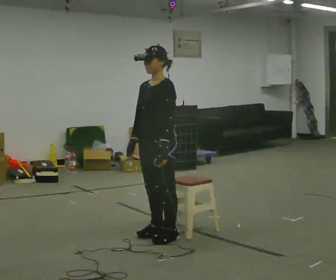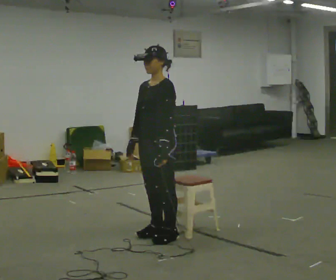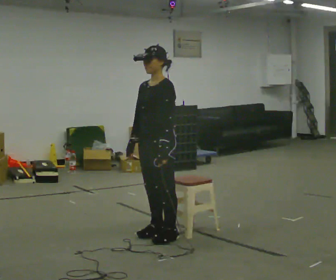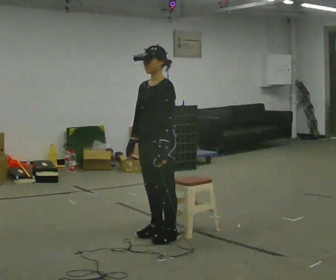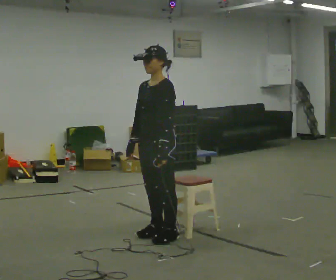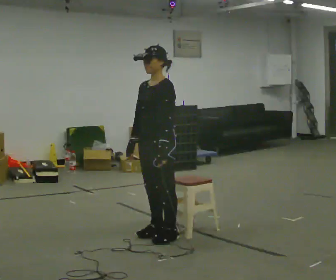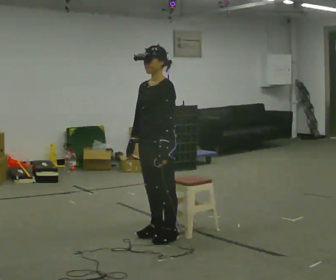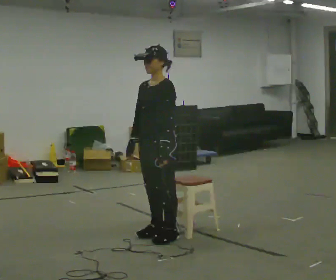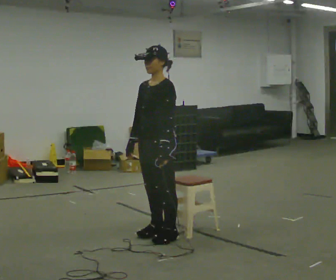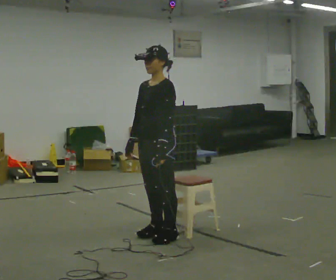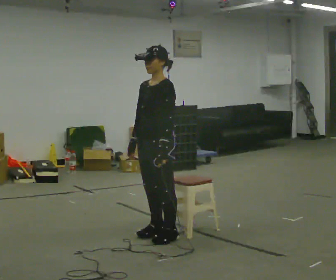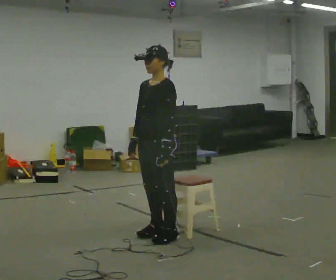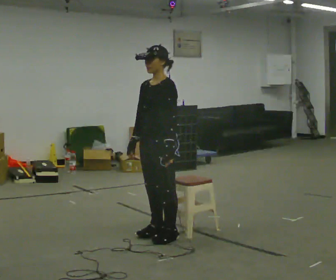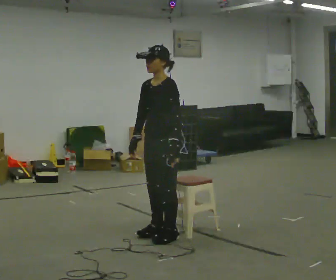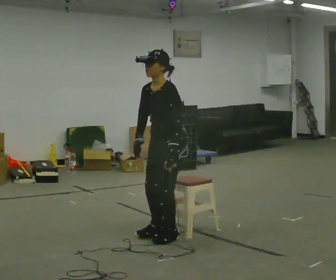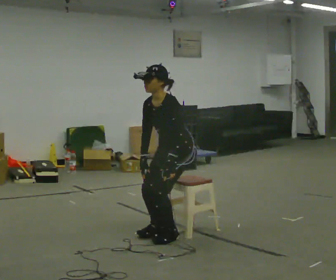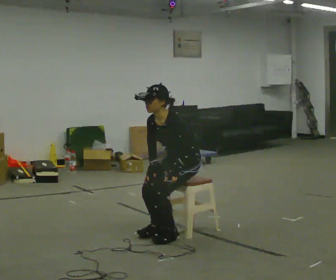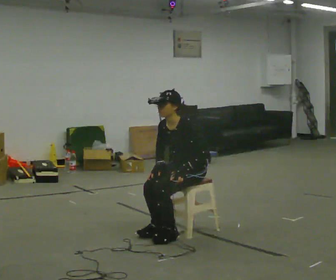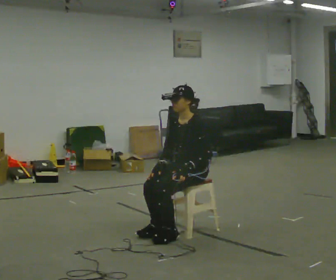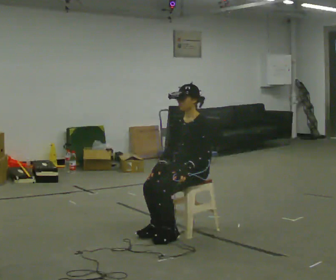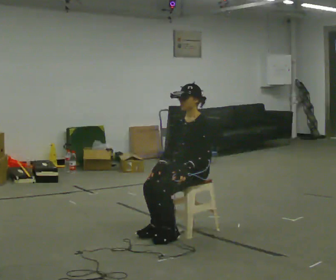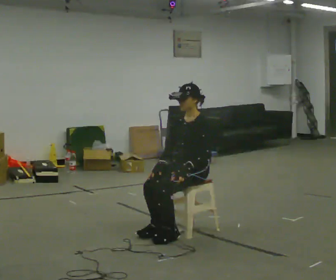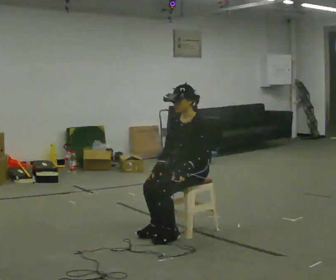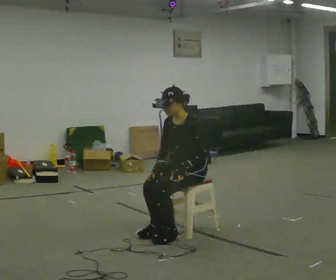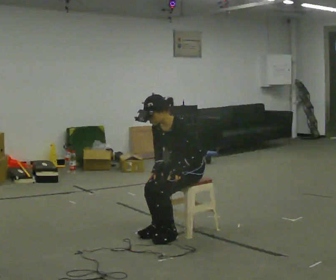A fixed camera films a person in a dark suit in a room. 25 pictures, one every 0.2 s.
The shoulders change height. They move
downward.
0.0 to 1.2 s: The person keeps their place and pose.
1.2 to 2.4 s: The person moves a little, or ends about where they began.
2.4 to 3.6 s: In the picture they go to the right and away from the camera, about 0.25 m, which for them is backward. The upper body goes downward.
3.6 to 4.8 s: The person moves a little, or ends about where they began.
The film runs backward here.
